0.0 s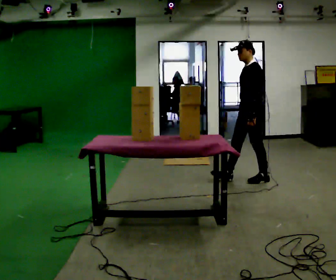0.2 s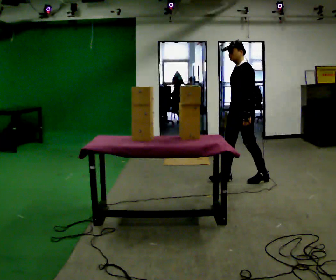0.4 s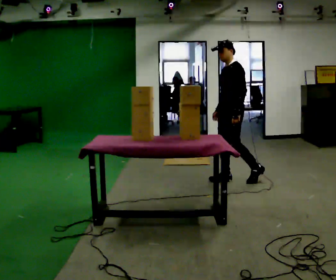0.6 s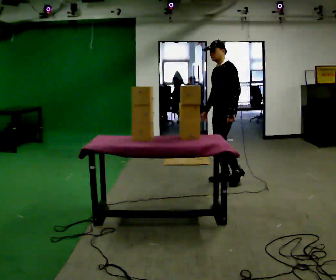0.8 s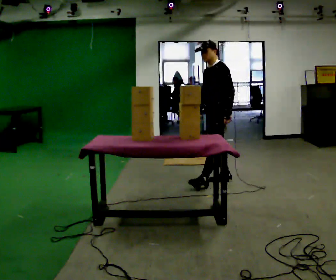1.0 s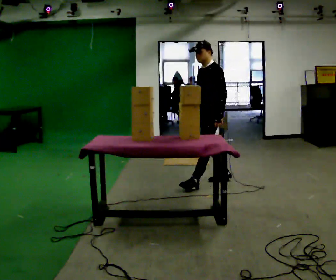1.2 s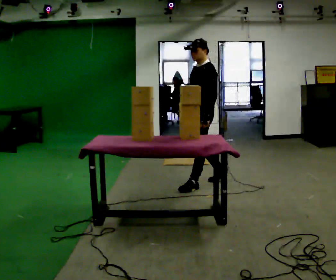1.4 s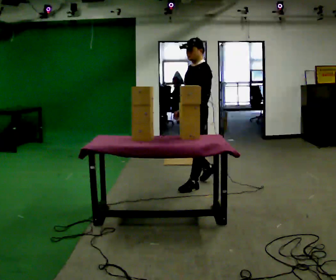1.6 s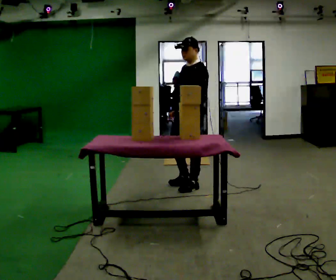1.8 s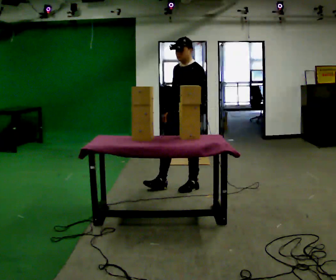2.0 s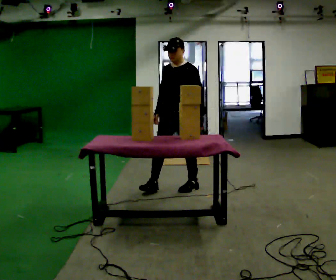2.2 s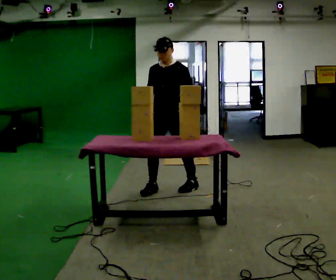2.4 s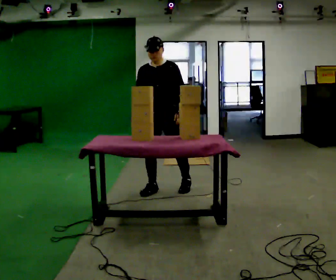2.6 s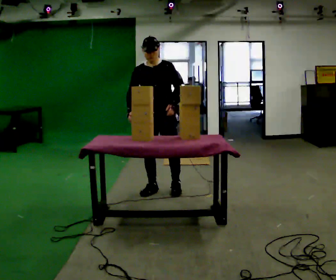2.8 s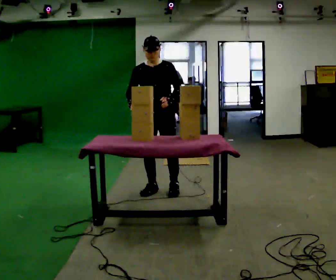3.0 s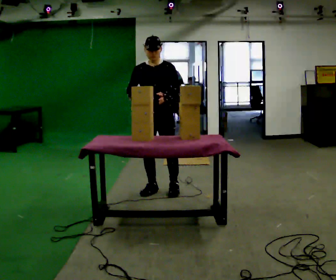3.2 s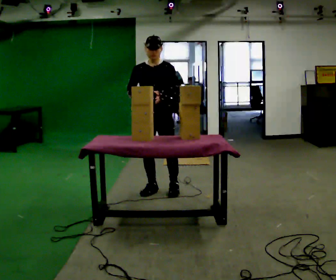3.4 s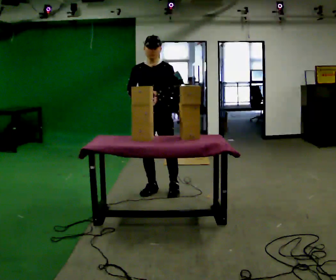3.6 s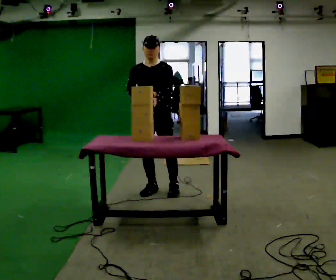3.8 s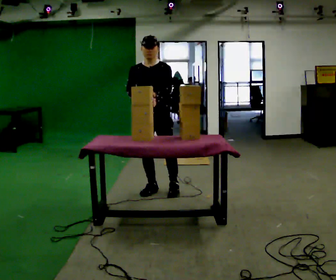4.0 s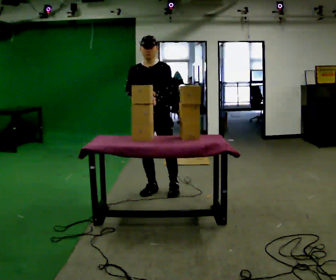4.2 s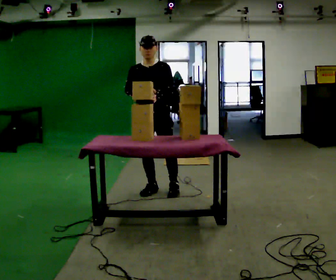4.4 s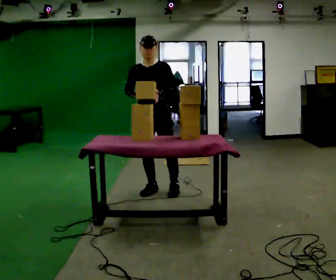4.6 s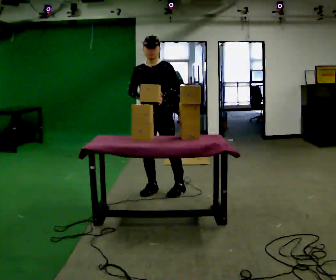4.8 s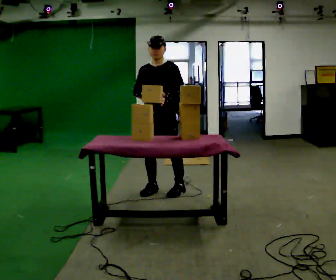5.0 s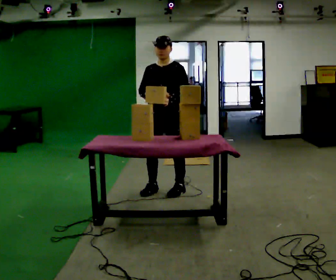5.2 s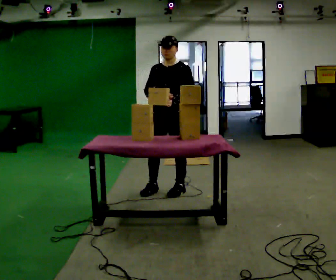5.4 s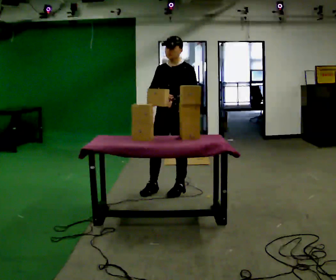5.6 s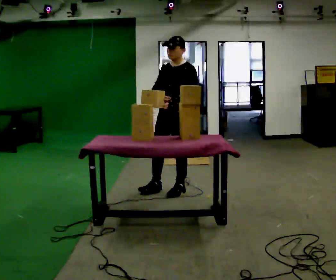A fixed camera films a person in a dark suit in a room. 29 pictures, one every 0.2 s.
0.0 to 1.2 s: In the picture they go to the left, about 0.5 m in 1 step, which for them is forward.
1.2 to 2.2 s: Seen from above the body turns counterclockwise, about 45 degrees: to their left, with its near side sliding to the right. In the picture they go to the left, about 0.5 m in 1 step, which for them is forward.
2.2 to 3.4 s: In the picture they go to the left, about 0.25 m in 1 step, which for them is to their right.
3.4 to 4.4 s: The person moves a little, or ends about where they began.
4.4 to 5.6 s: Seen from above the body turns clockwise, about 30 degrees: to their right, with its near side sliding to the left. In the picture they go to the right, about 0.25 m, which for them is to their left.
The film runs forward here.
